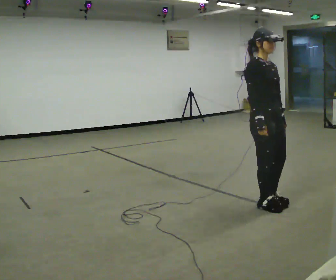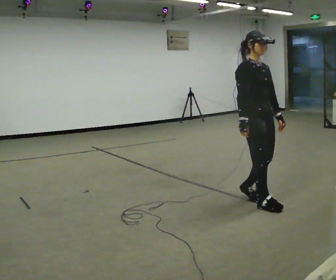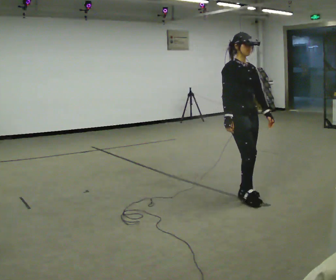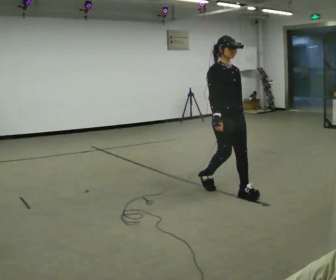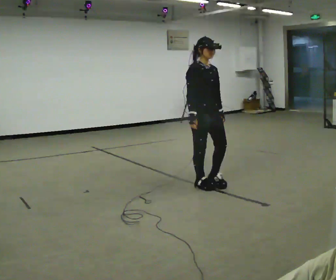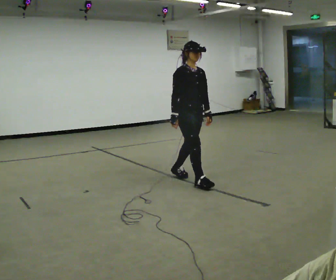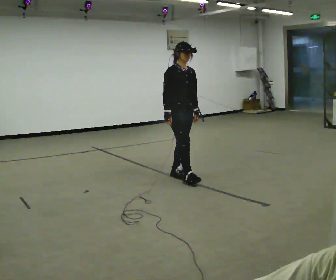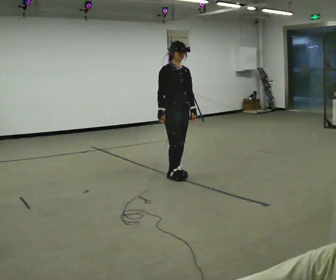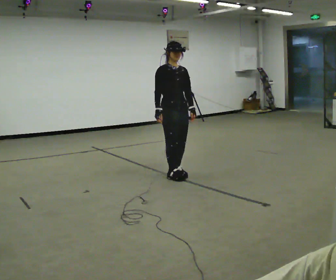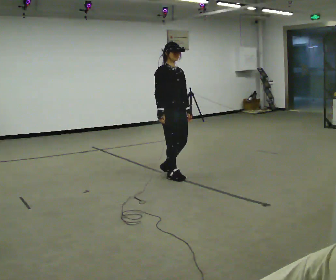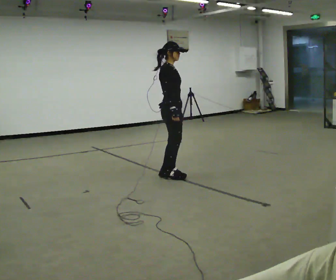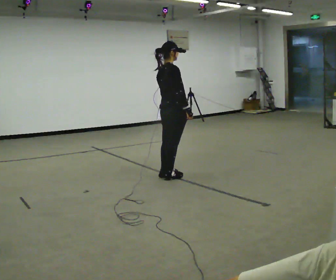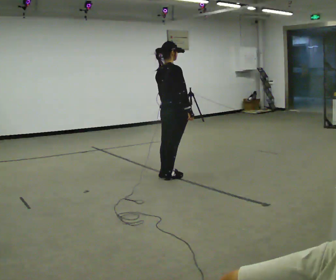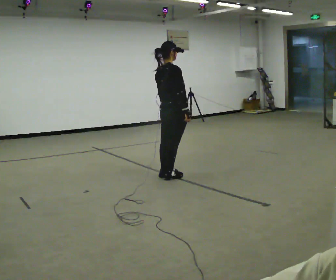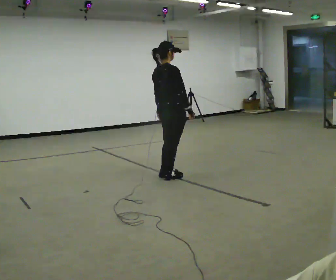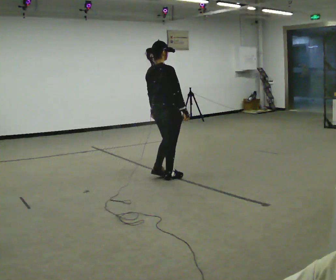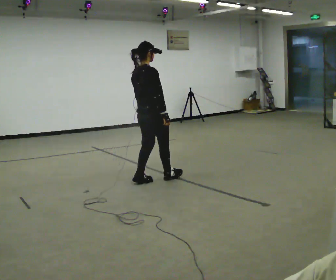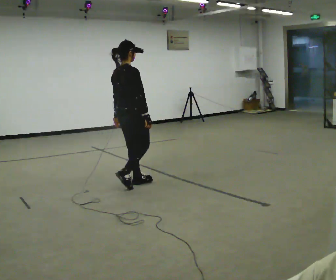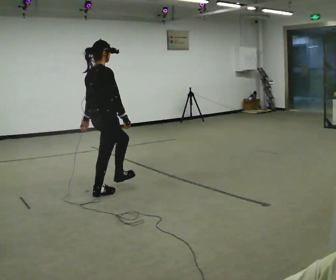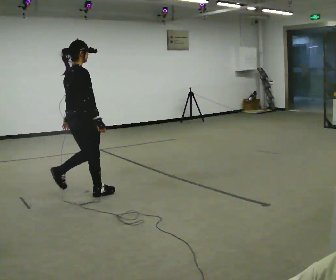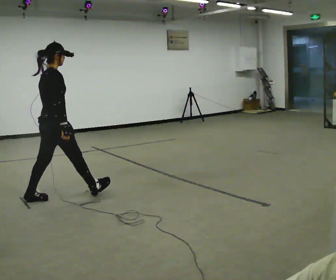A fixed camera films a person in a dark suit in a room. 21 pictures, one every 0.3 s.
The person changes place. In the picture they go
to the left.
0.0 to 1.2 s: In the picture they go away from the camera and to the left, about 1 m in 3 steps, which for them is backward.
1.2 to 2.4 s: In the picture they go away from the camera and to the left, about 0.5 m in 1 step, which for them is backward.
2.4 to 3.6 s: The person turns about 105 degrees to their left, counterclockwise seen from above, so the part of the body nearest the lens slides to the right. In the picture their right hand goes to the right, the arm swinging counterclockwise.
3.6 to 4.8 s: In the picture they go to the left and toward the camera, about 0.25 m in 1 step, which for them is backward.
4.8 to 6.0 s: In the picture they go to the left and toward the camera, about 1 m in 2 steps, which for them is backward.
The film runs backward here.
